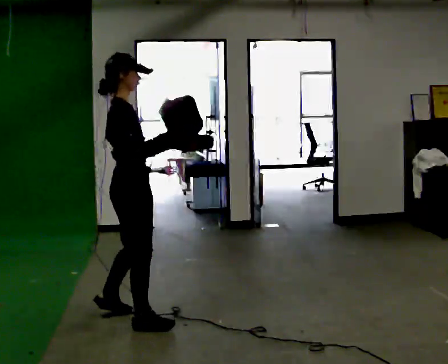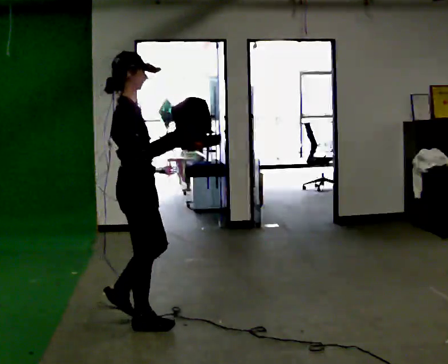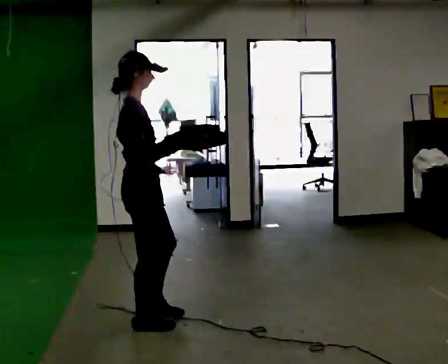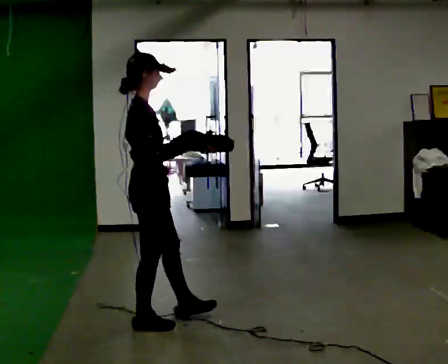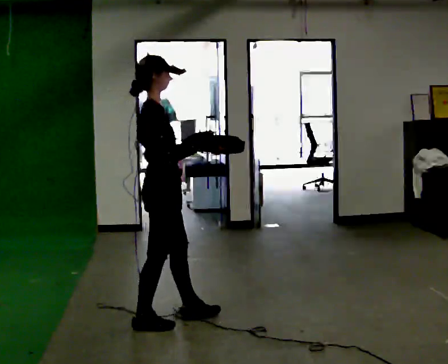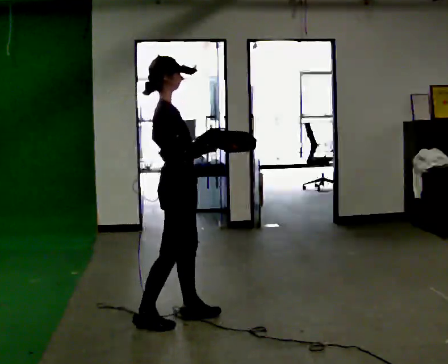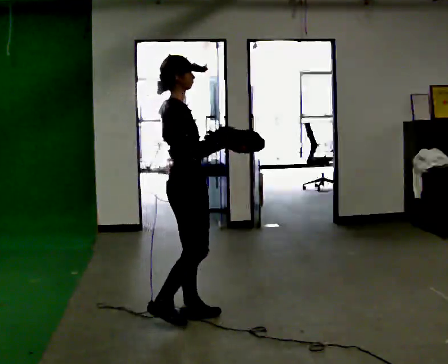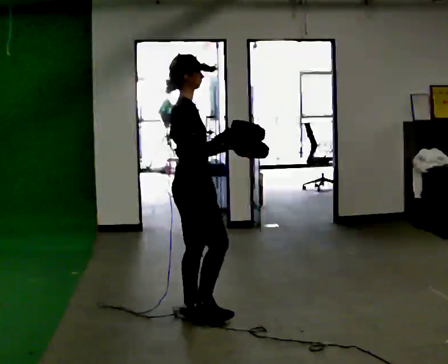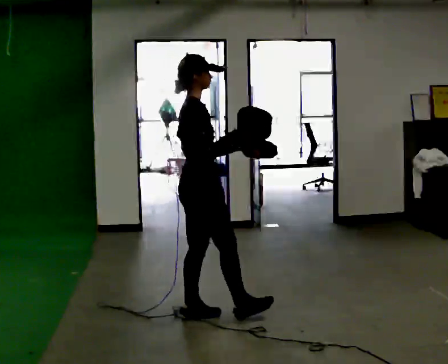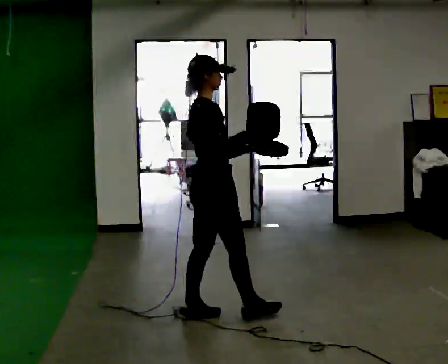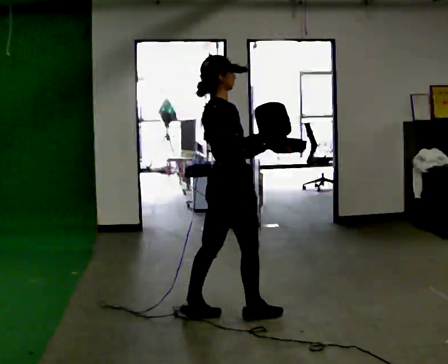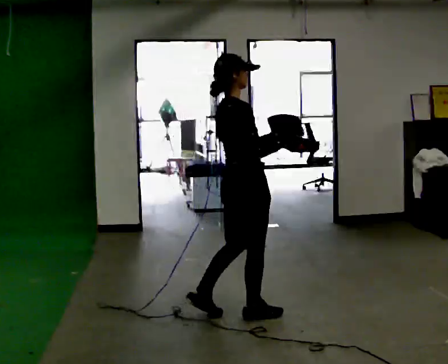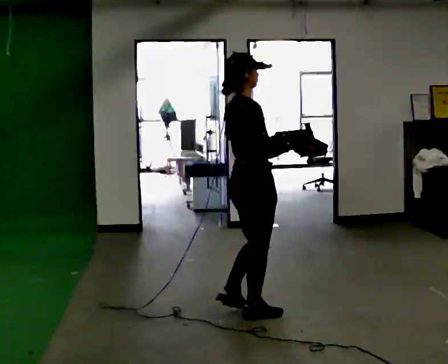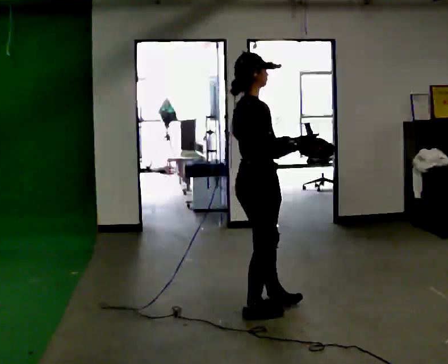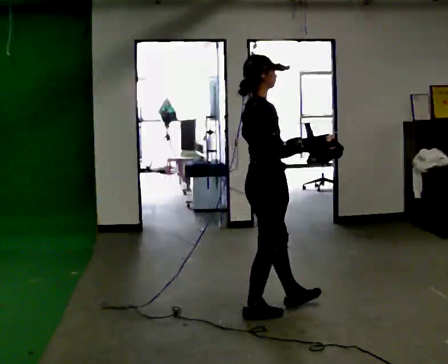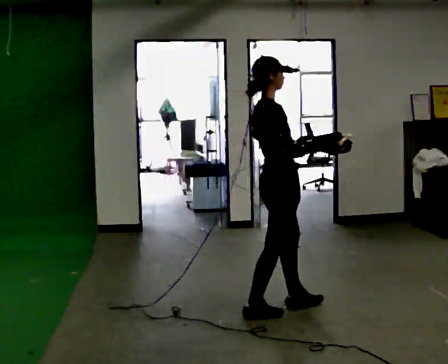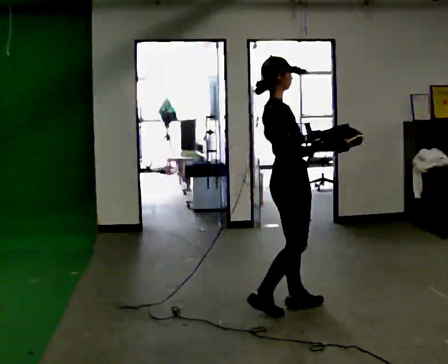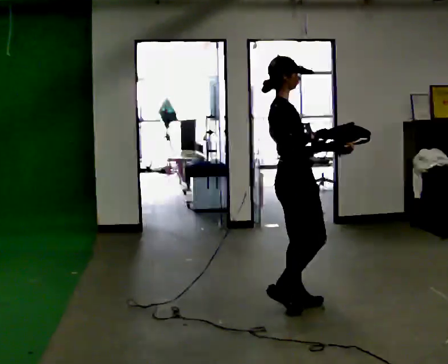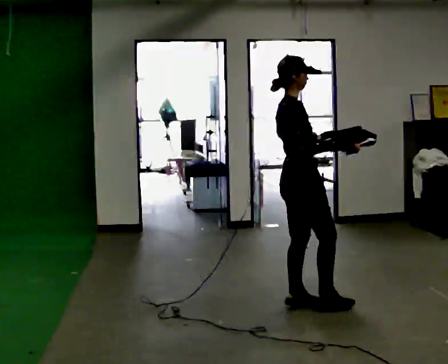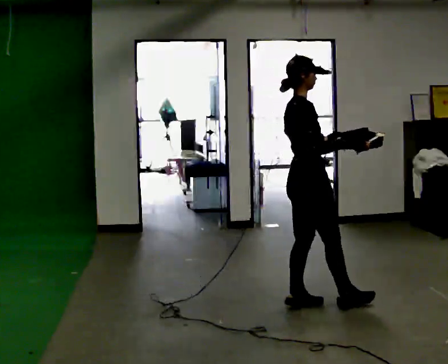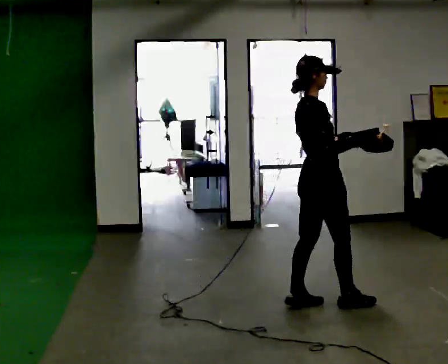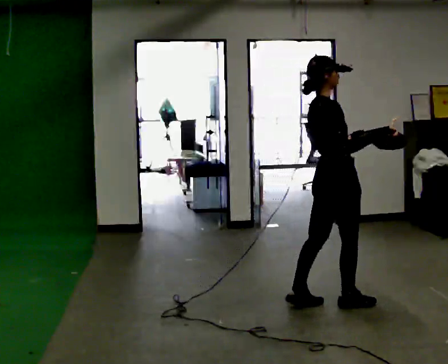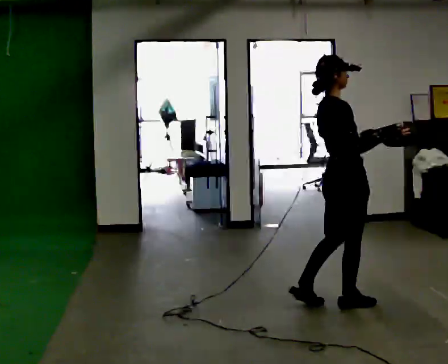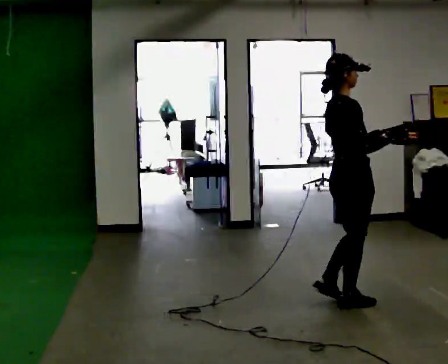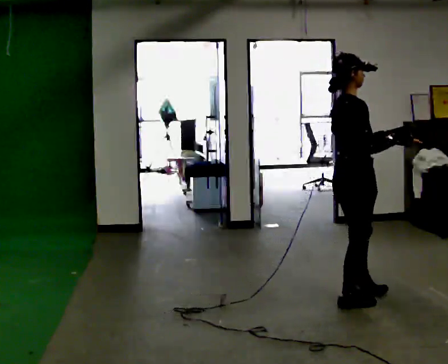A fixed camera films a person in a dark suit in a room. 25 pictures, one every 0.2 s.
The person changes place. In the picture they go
to the right.
0.0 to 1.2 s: In the picture they go to the right and away from the camera, about 0.25 m in 1 step, which for them is forward and to their right.
1.2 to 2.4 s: In the picture they go to the right, about 0.5 m in 1 step, which for them is to their right and forward.
2.4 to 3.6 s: In the picture they go to the right and away from the camera, about 0.25 m in 1 step, which for them is forward and to their right.
3.6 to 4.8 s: In the picture they go to the right, about 0.5 m in 1 step, which for them is to their right and forward.
The film runs forward here.
